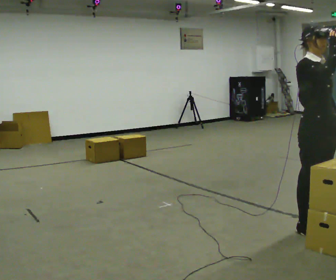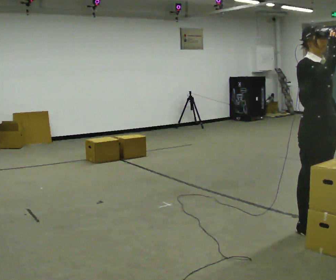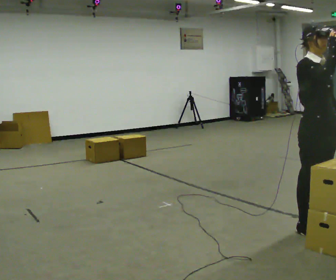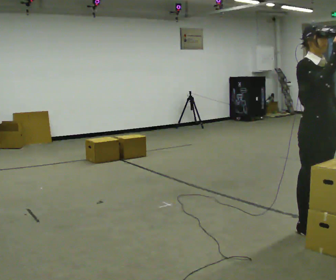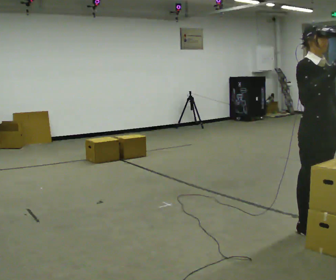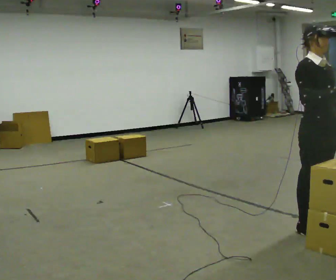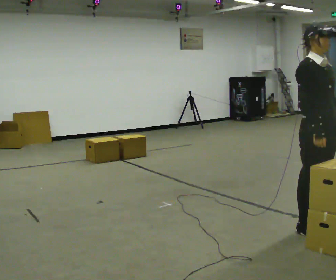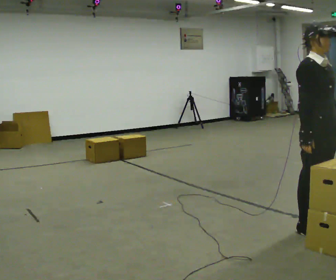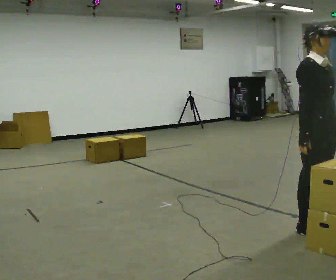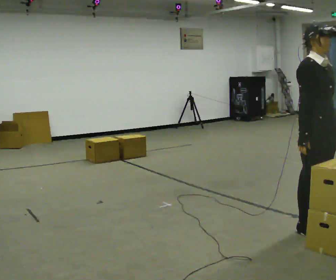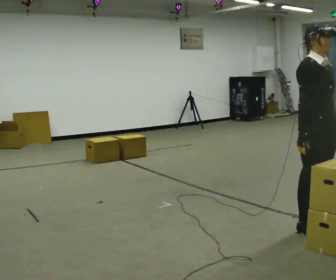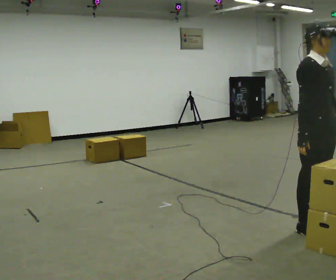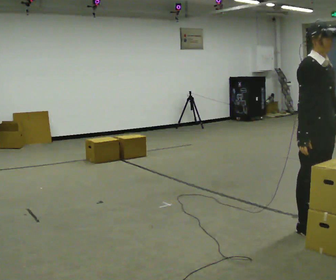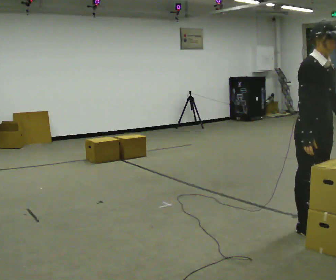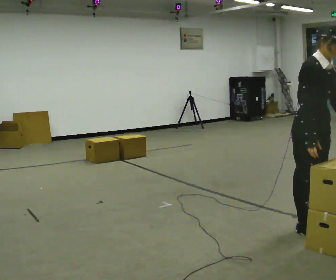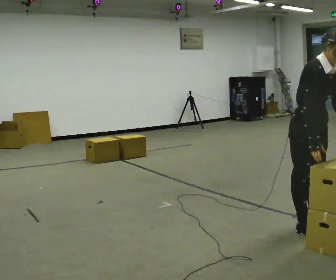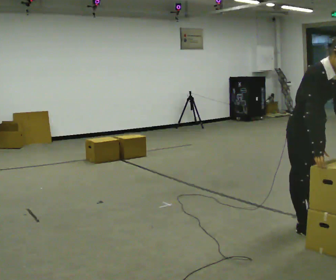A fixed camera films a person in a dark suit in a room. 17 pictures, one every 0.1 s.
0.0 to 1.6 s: In the picture the upper body tilts clockwise, shoulders to the right, as they bend forward. In the picture their right hand goes downward.
The film runs backward here.
